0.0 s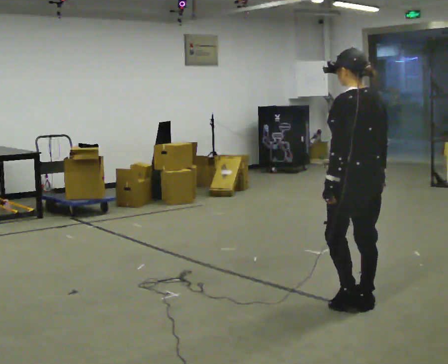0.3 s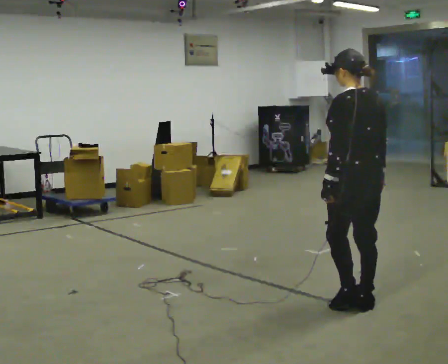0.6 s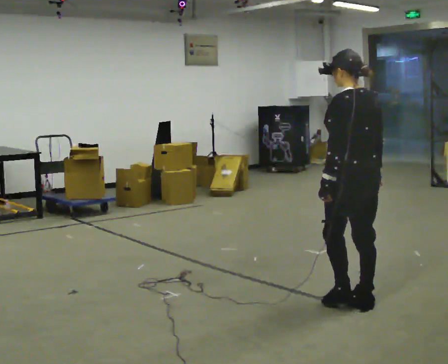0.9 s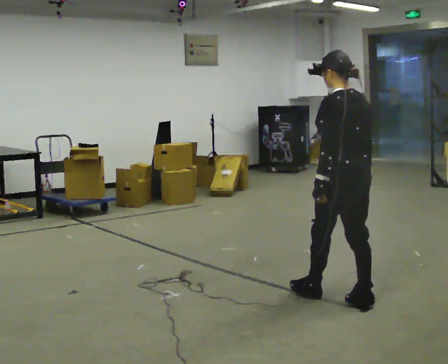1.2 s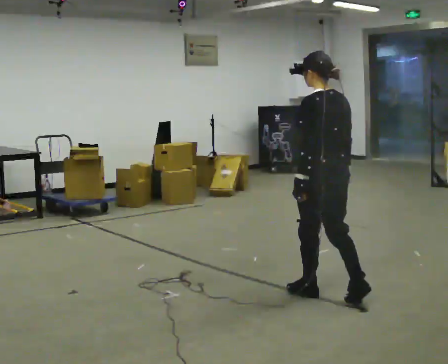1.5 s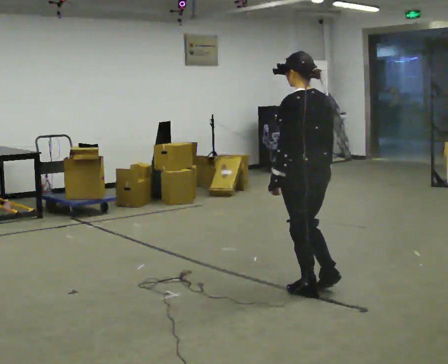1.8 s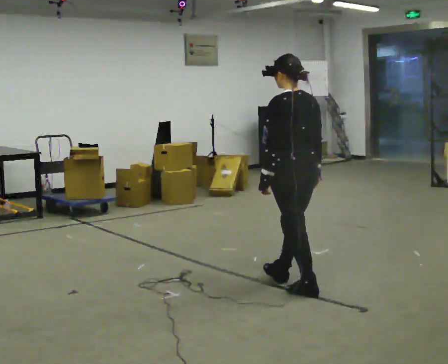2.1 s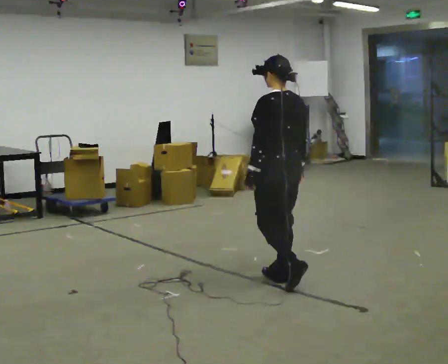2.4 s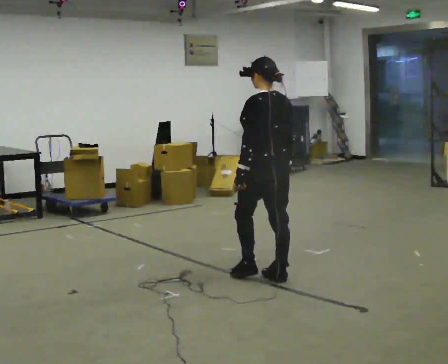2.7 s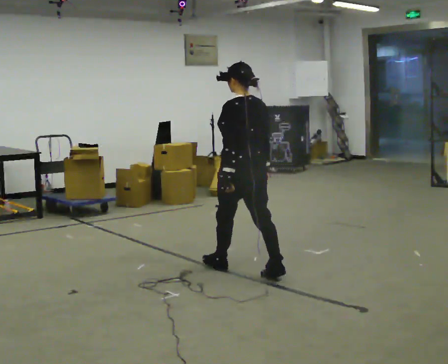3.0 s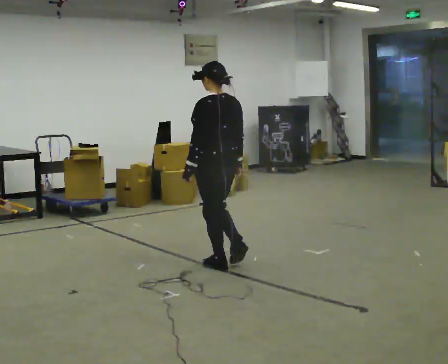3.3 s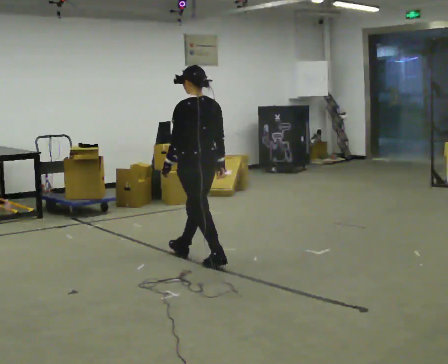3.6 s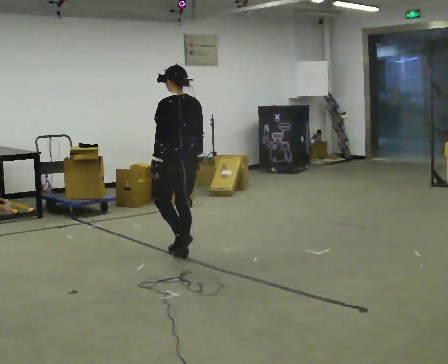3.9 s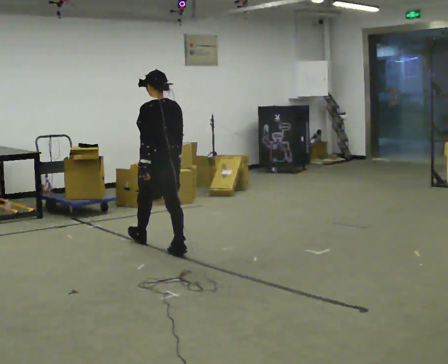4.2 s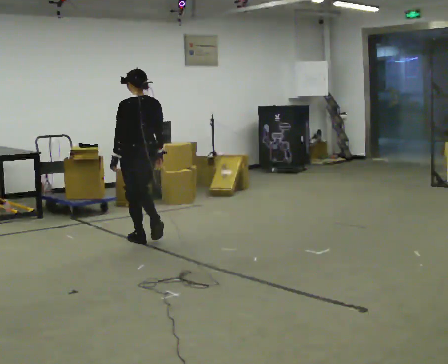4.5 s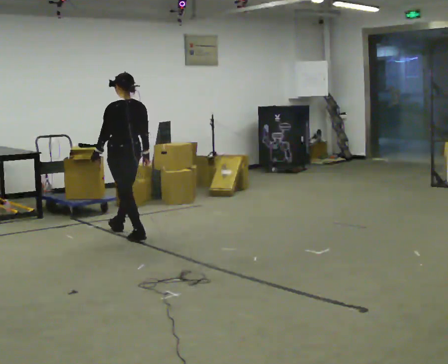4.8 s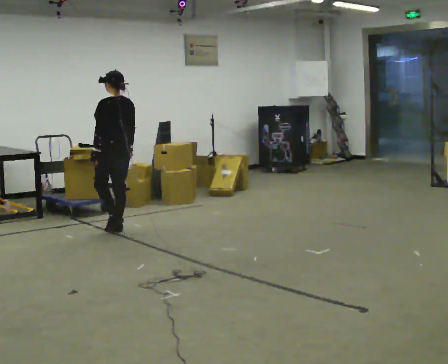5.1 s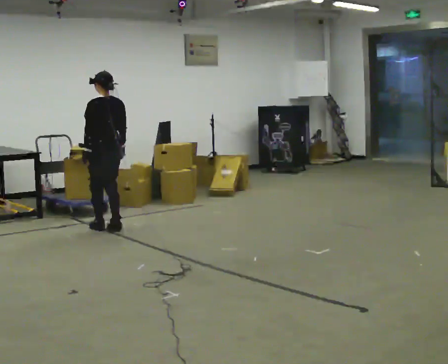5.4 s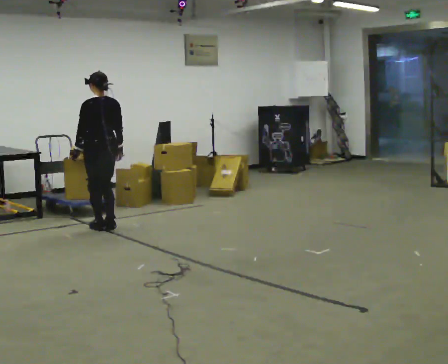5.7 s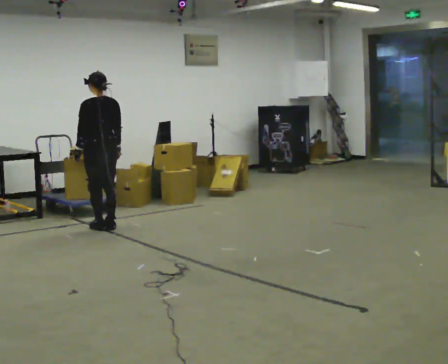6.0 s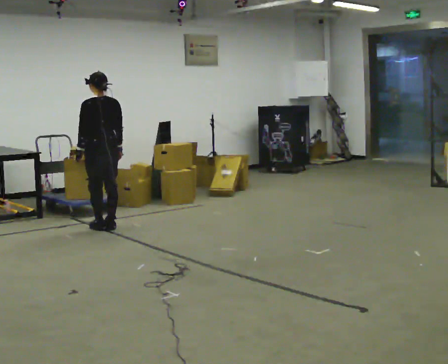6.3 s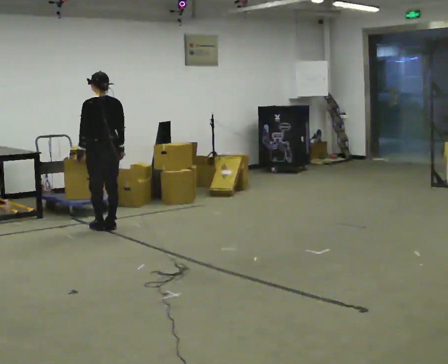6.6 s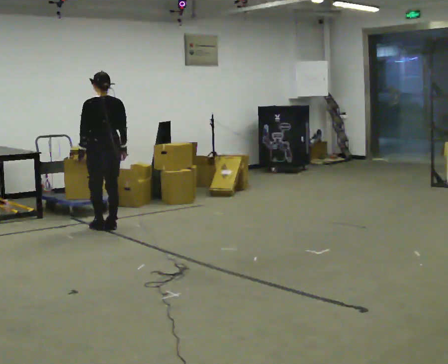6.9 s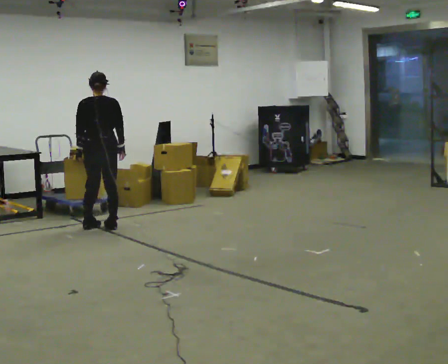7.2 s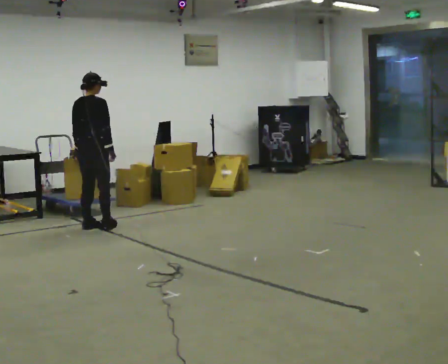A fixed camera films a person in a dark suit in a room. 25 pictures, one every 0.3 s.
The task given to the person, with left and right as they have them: Start still; gradually go slow → normal → fast; briefly maintain fast speed; stop.
0.0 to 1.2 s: In the picture they go away from the camera and to the left, about 0.25 m in 1 step, which for them is forward.
1.2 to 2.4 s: In the picture they go away from the camera and to the left, about 0.5 m in 1 step, which for them is forward.
2.4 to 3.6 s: In the picture they go away from the camera and to the left, about 1 m in 2 steps, which for them is forward.
3.6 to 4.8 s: In the picture they go away from the camera and to the left, about 1 m in 2 steps, which for them is forward.
4.8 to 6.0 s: In the picture they go to the left, about 0.25 m in 1 step, which for them is forward.
6.0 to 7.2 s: Seen from above the body turns clockwise, about 60 degrees: to their right, with its near side sliding to the left.
The film runs forward here.
